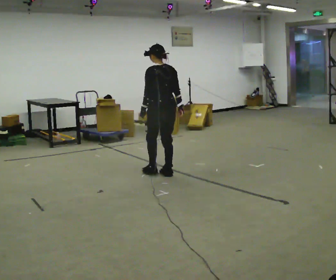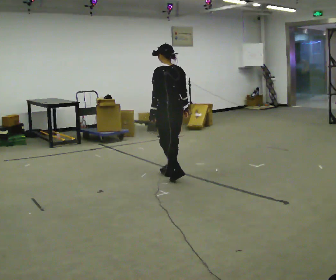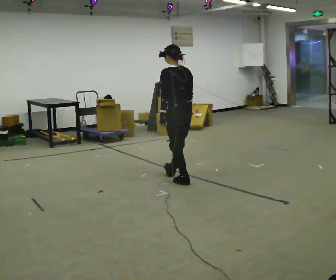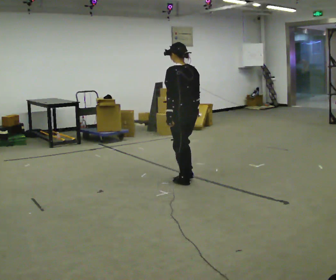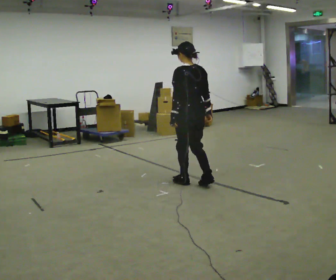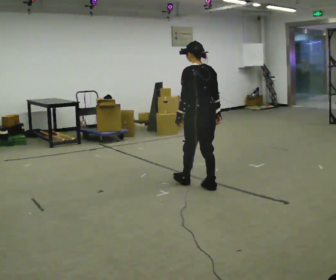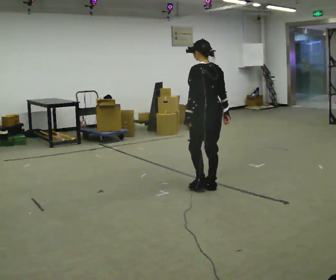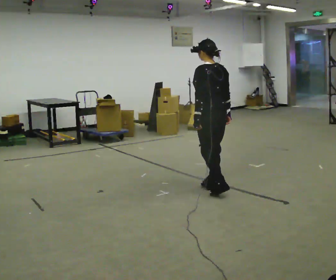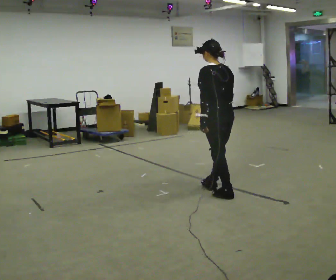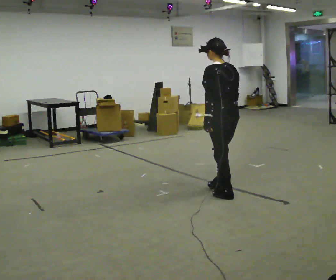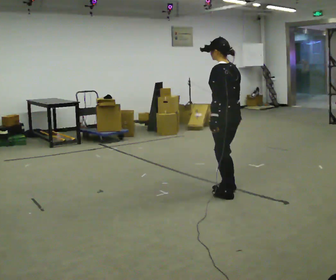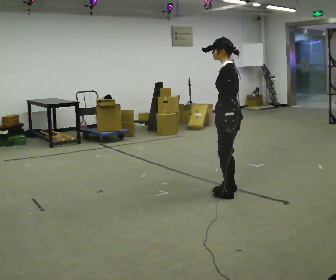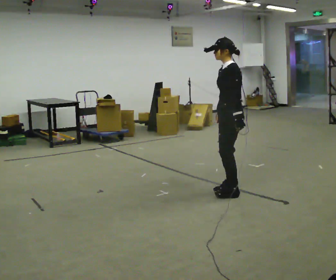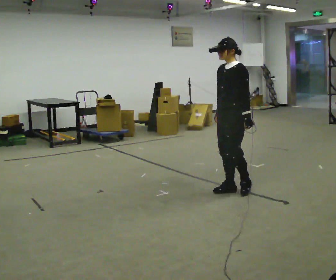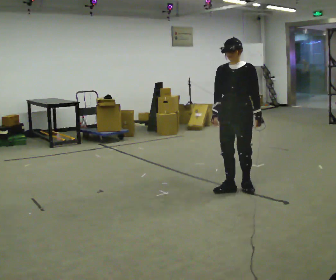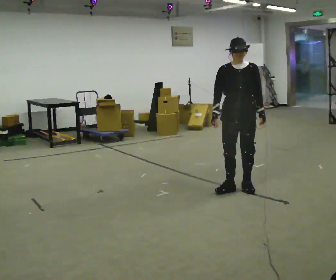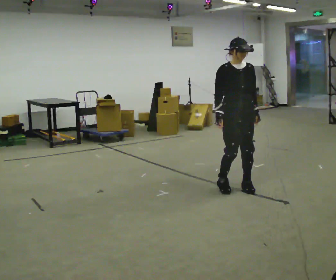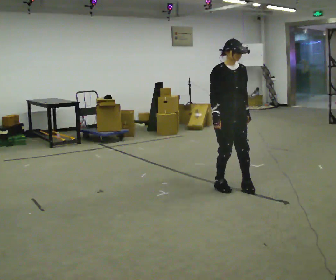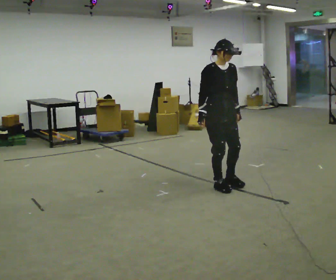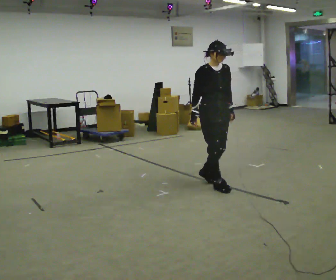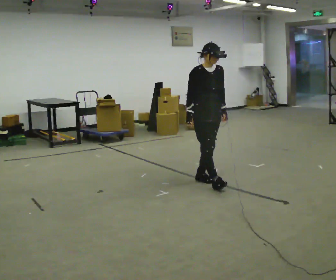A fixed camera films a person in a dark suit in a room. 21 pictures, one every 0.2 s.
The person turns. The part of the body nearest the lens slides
to the right.
The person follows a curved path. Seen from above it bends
counterclockwise.
0.0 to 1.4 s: In the picture they go to the right and toward the camera, about 1 m in 2 steps, which for them is backward.
1.4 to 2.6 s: The part of the body nearest the lens slides to the right as the person turns to their left by about 75 degrees. In the picture they go to the right, about 0.25 m in 2 steps.
2.6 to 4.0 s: The person turns about 90 degrees to their left, counterclockwise seen from above, so the part of the body nearest the lens slides to the right. In the picture they go to the left and away from the camera, about 0.5 m in 2 steps.
The film runs forward here.
